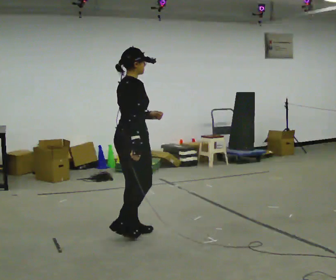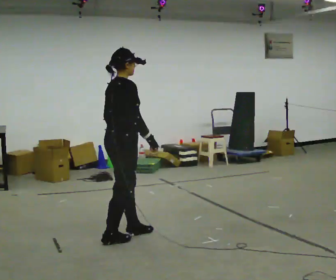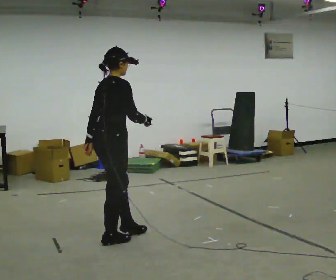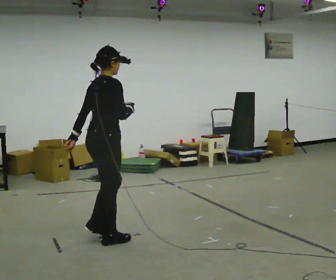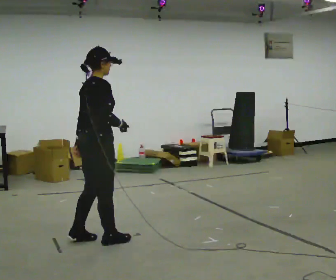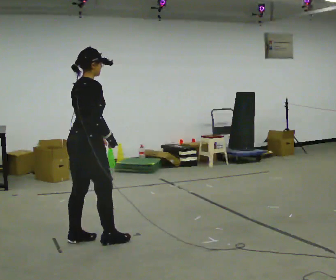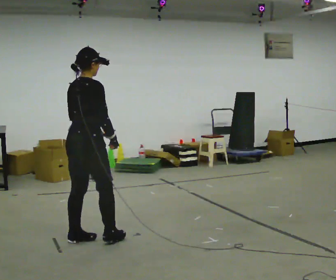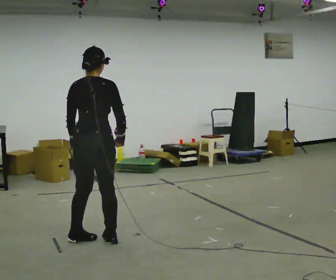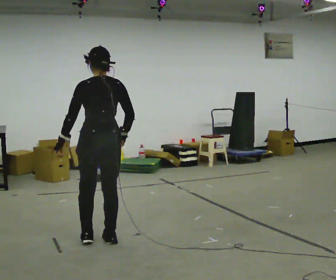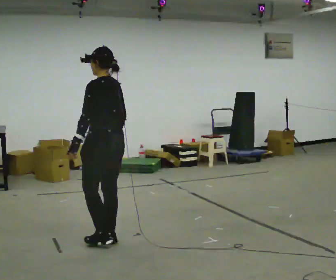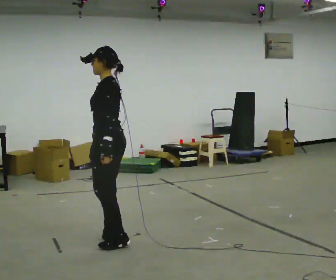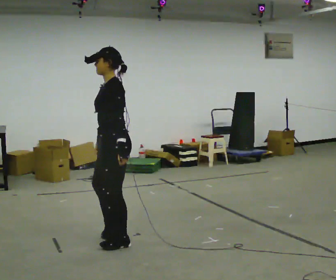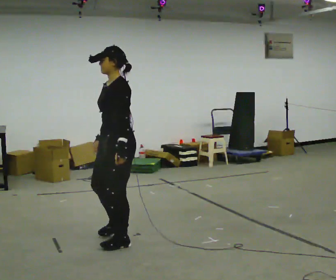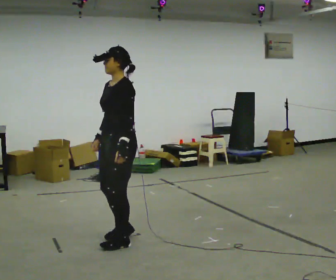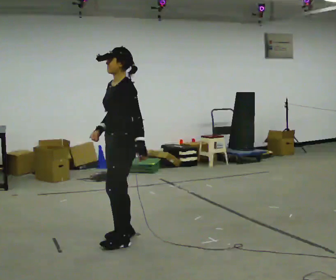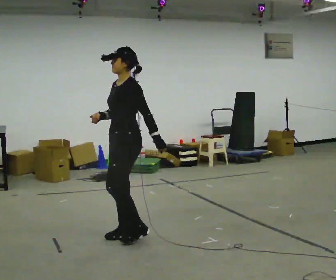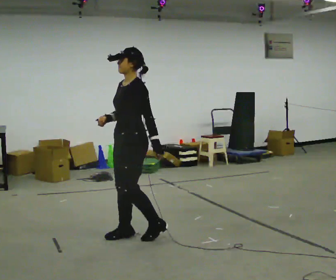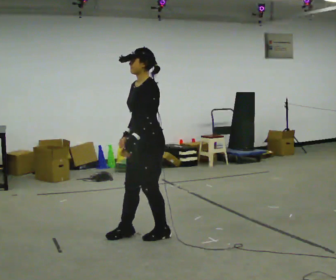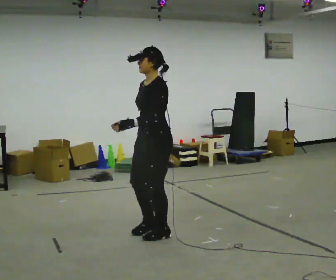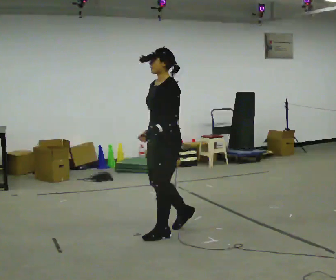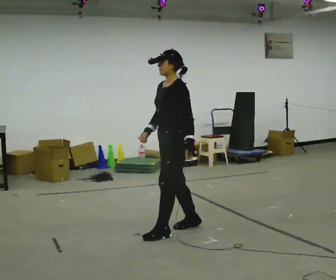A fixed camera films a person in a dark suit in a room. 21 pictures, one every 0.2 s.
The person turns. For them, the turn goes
to their left.
The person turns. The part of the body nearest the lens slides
to the right.
0.0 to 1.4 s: Seen from above the body turns counterclockwise, about 60 degrees: to their left, with its near side sliding to the right. In the picture they go to the left and toward the camera, about 0.25 m in 2 steps, which for them is backward.
1.4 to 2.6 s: The person turns about 120 degrees to their left, counterclockwise seen from above, so the part of the body nearest the lens slides to the right. In the picture they go to the right, about 0.25 m in 2 steps. In the picture their left hand goes to the right.
2.6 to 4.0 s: In the picture they go to the right and away from the camera, about 0.5 m in 2 steps, which for them is backward.
The film runs forward here.
